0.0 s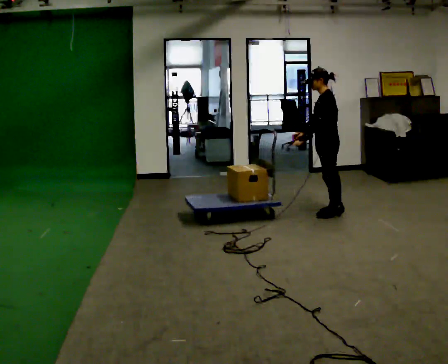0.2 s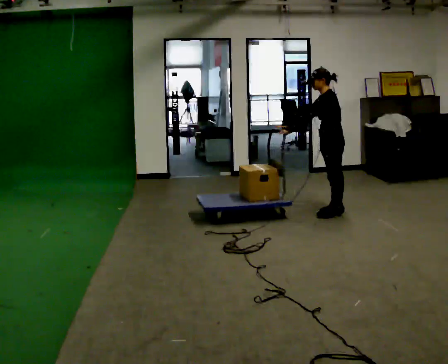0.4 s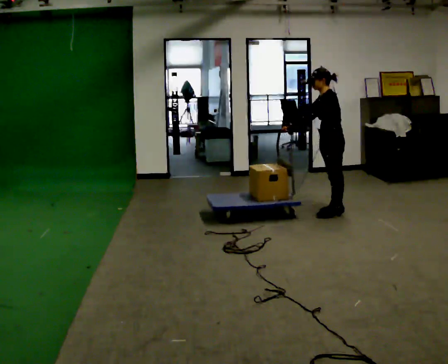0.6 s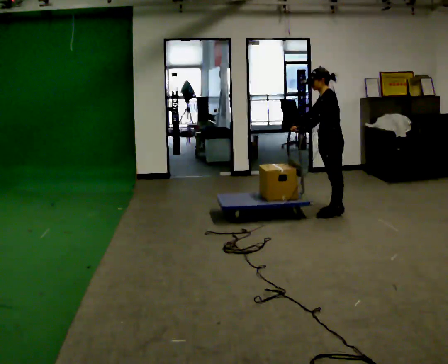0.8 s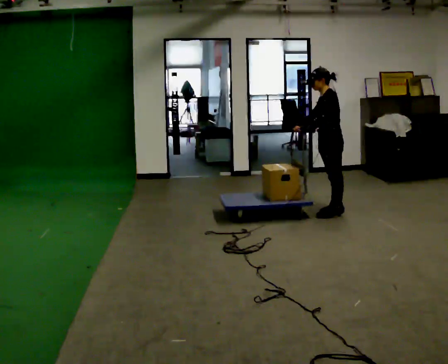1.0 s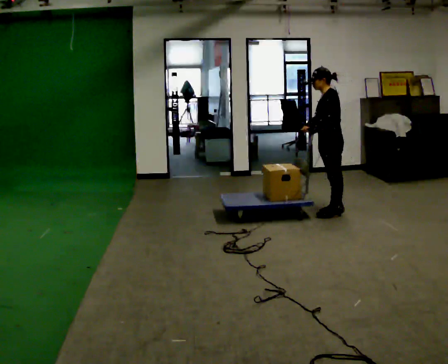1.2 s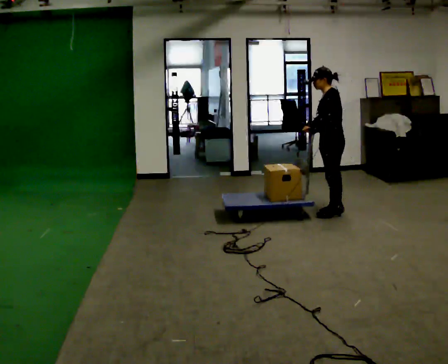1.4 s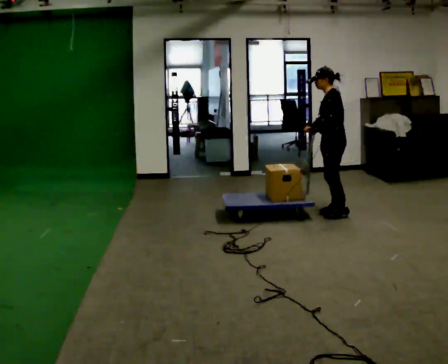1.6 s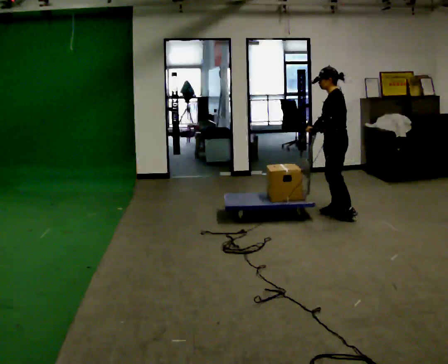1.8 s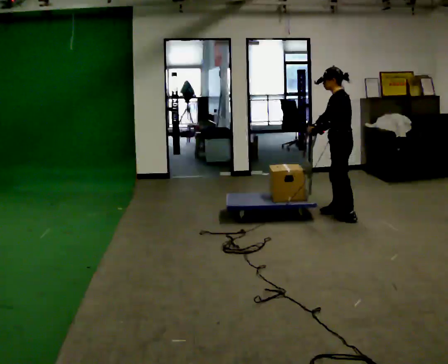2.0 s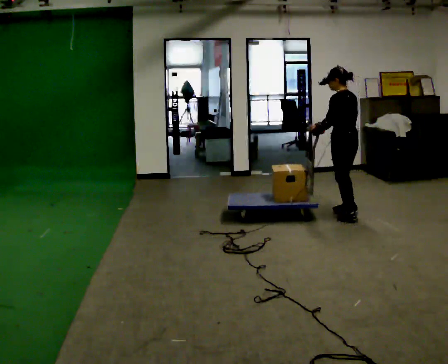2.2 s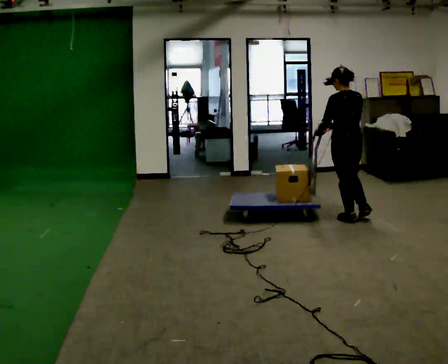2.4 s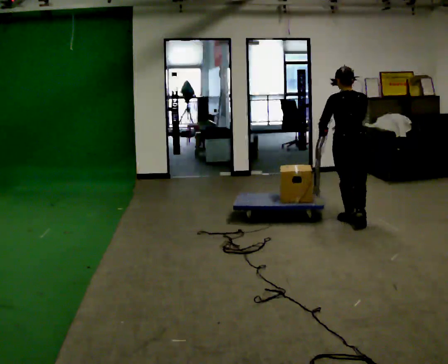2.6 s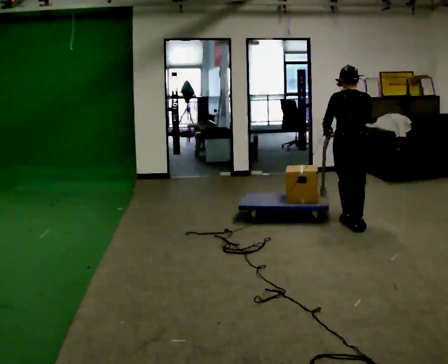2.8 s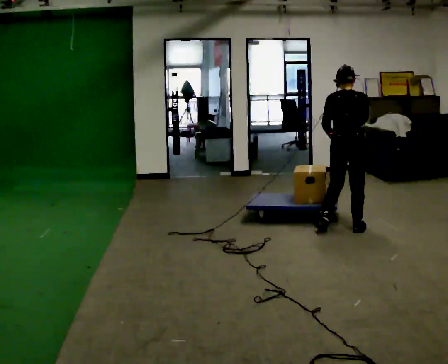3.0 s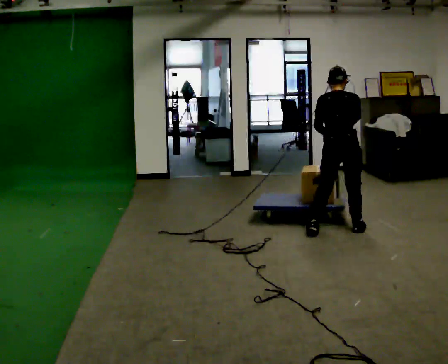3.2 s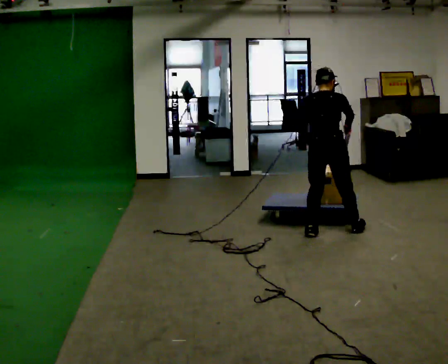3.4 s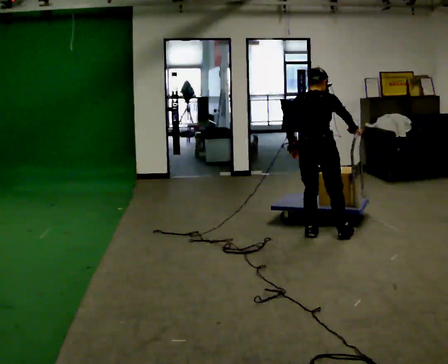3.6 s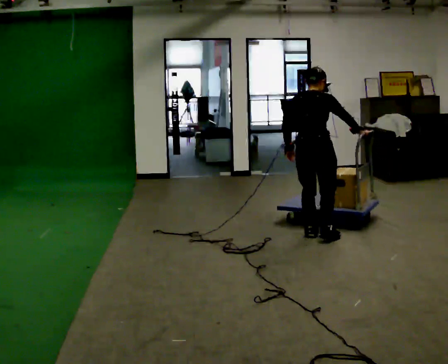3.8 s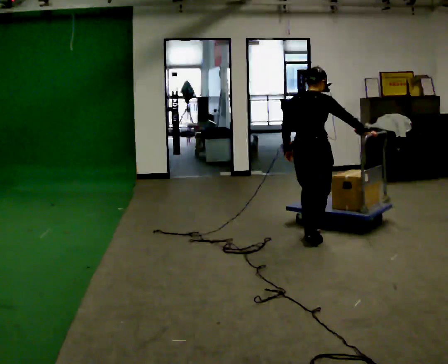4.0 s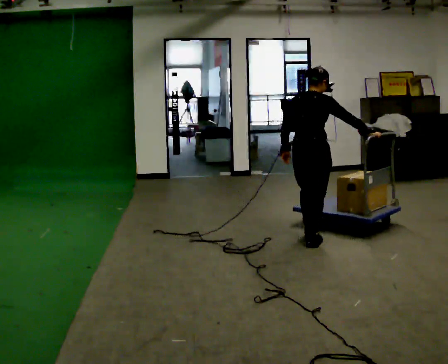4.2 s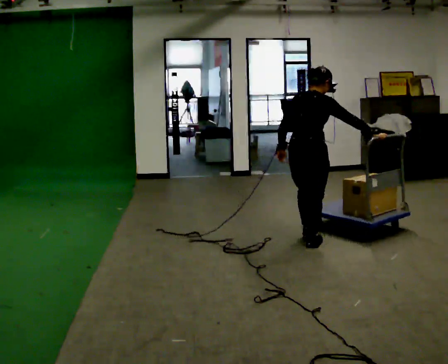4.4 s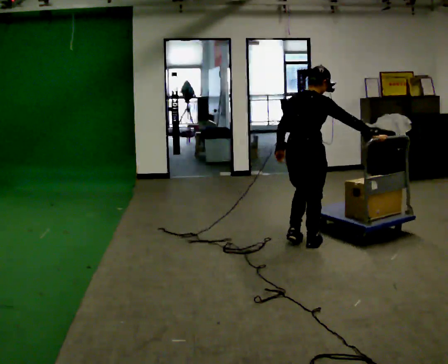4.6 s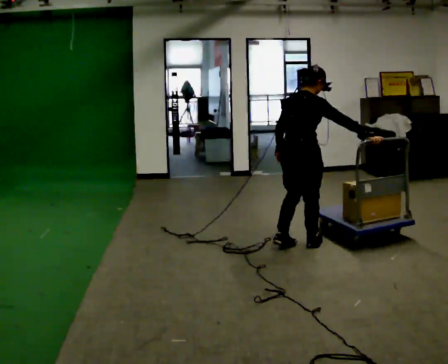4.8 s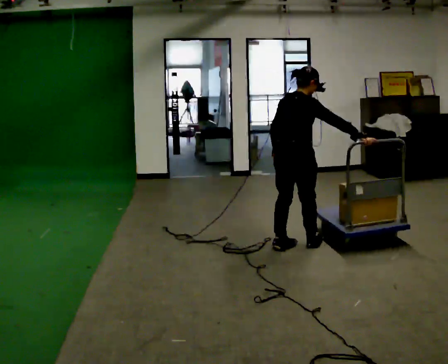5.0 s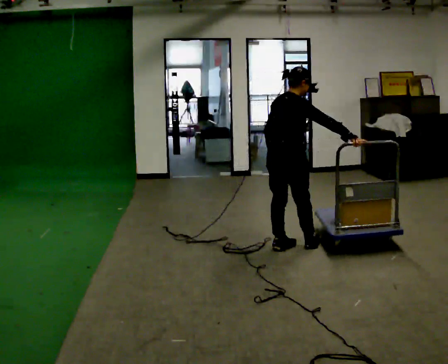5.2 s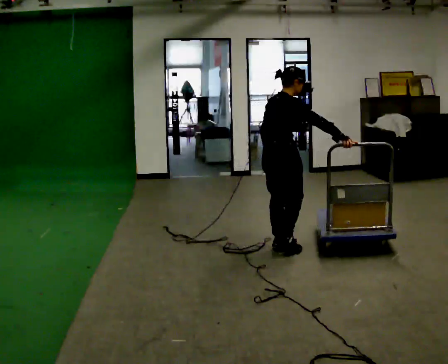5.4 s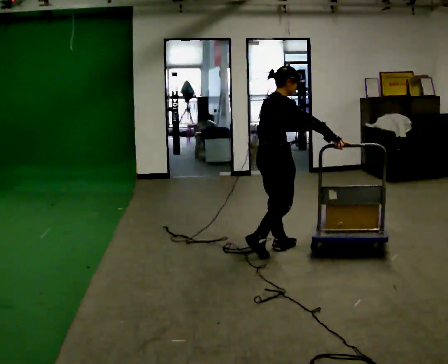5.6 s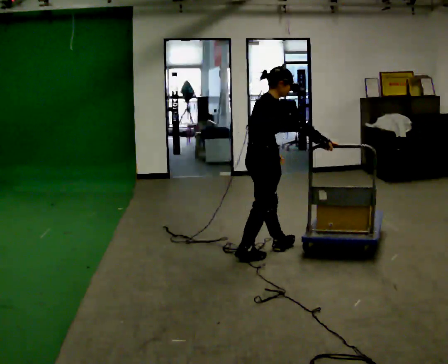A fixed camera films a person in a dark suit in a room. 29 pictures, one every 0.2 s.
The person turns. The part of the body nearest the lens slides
to the left.
The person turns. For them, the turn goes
to their right.
0.0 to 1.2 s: The person moves a little, or ends about where they began.
1.2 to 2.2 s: Seen from above the body turns clockwise, about 75 degrees: to their right, with its near side sliding to the left. In the picture they go toward the camera and to the right, about 0.25 m in 2 steps.
2.2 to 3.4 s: The part of the body nearest the lens slides to the left as the person turns to their right by about 45 degrees. In the picture they go toward the camera and to the left, about 0.5 m in 2 steps, which for them is backward and to their left.
3.4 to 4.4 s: In the picture they go toward the camera, about 0.25 m in 1 step, which for them is backward.
4.4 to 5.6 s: Seen from above the body turns clockwise, about 30 degrees: to their right, with its near side sliding to the left. In the picture they go to the left and toward the camera, about 0.5 m in 1 step, which for them is backward.
The film runs backward here.
